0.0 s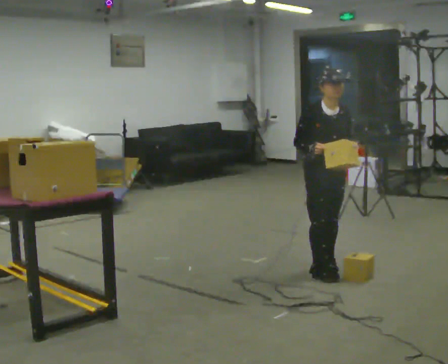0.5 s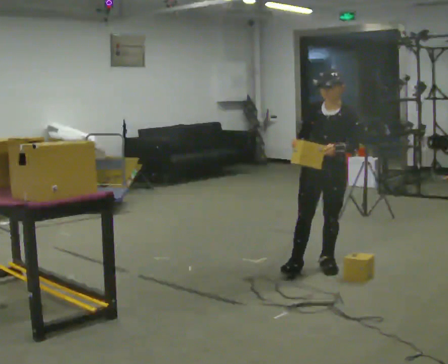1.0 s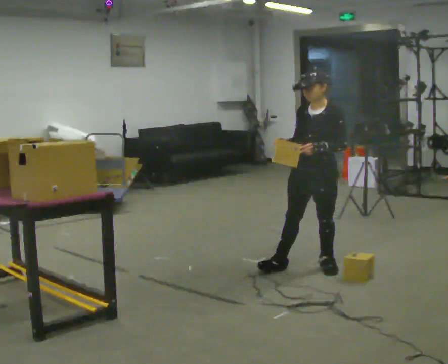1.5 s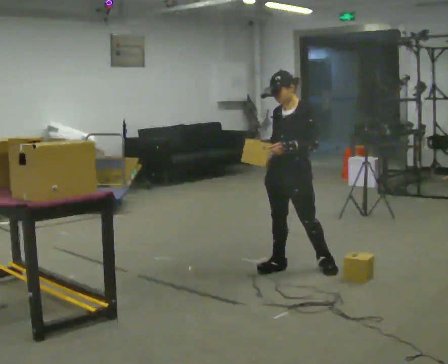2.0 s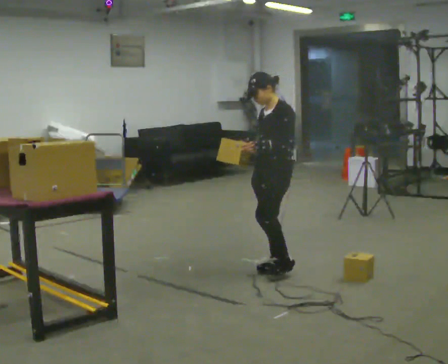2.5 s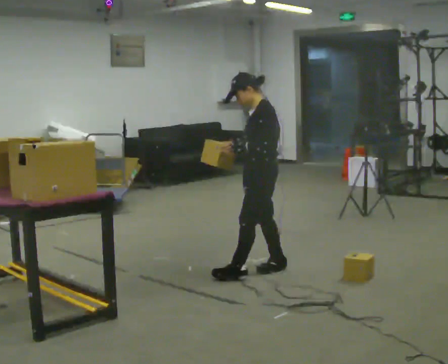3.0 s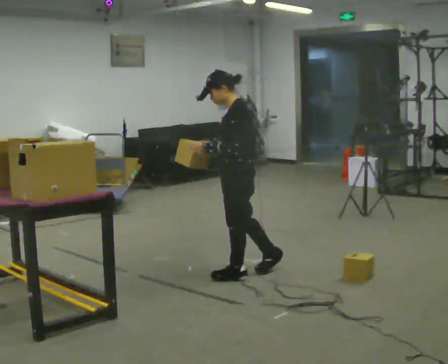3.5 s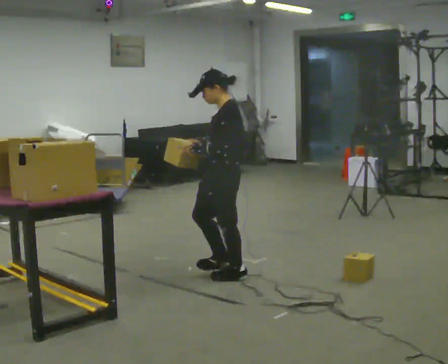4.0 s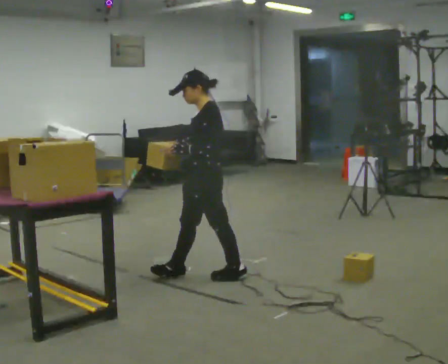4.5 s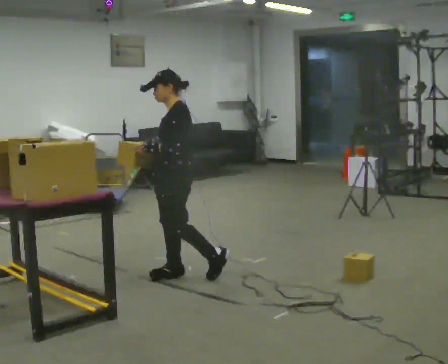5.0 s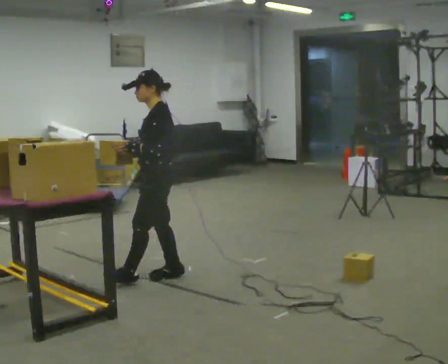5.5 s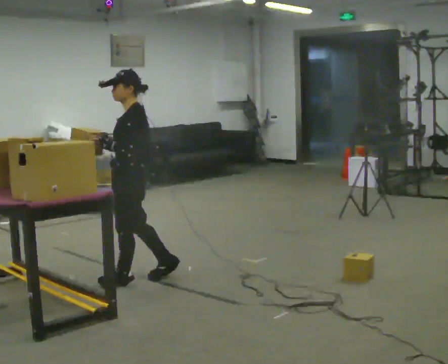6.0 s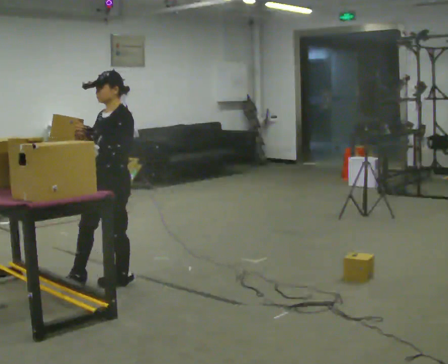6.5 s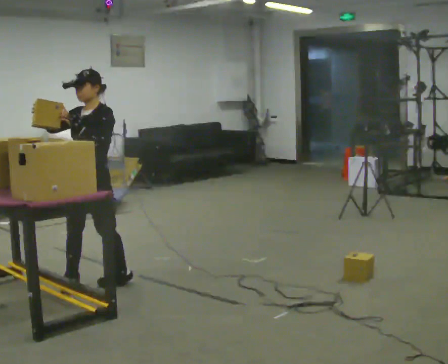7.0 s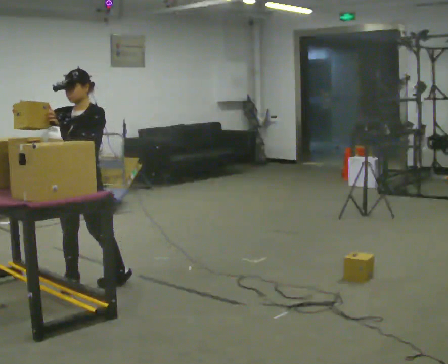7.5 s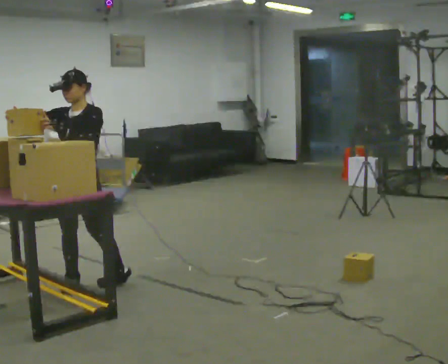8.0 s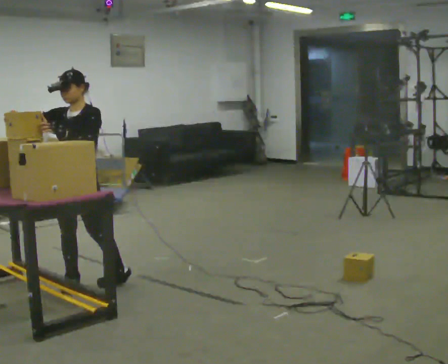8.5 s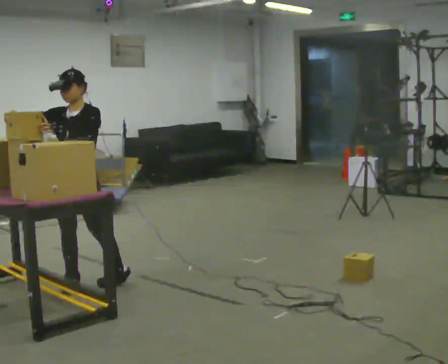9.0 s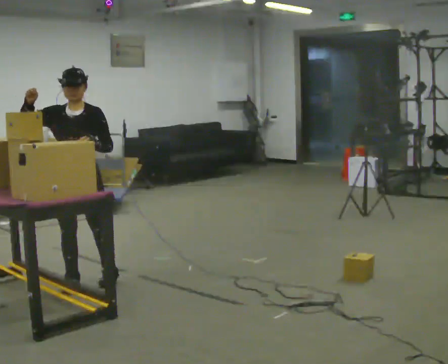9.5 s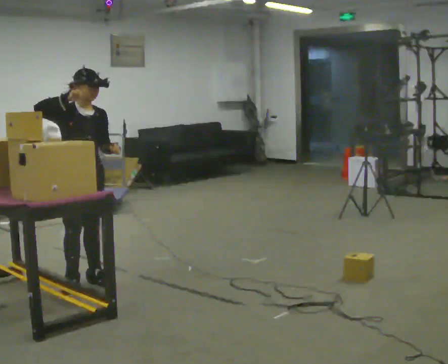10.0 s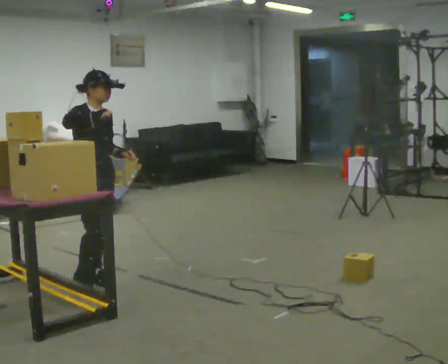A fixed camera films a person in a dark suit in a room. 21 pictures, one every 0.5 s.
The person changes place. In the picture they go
to the left.
0.0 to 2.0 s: Seen from above the body turns clockwise, about 90 degrees: to their right, with its near side sliding to the left. In the picture they go to the left and away from the camera, about 0.25 m in 1 step.
2.0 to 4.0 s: In the picture they go to the left, about 0.5 m in 2 steps, which for them is forward.
4.0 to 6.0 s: The person turns about 30 degrees to their left, counterclockwise seen from above, so the part of the body nearest the lens slides to the right. In the picture they go to the left, about 0.75 m in 1 step, which for them is forward.
6.0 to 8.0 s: Seen from above the body turns counterclockwise, about 30 degrees: to their left, with its near side sliding to the right. In the picture they go to the left, about 0.25 m in 1 step, which for them is to their right and forward. In the picture their right hand goes to the left.
8.0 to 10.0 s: Seen from above the body turns counterclockwise, about 75 degrees: to their left, with its near side sliding to the right. In the picture their left hand goes to the right.
The film runs forward here.
